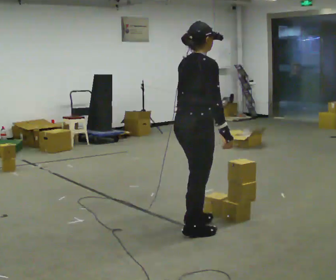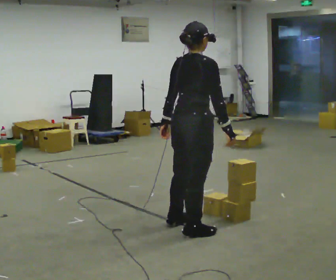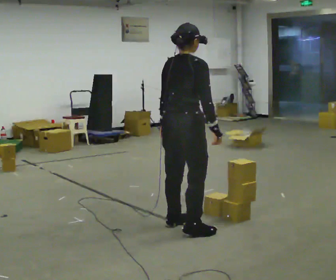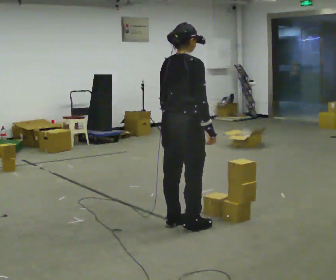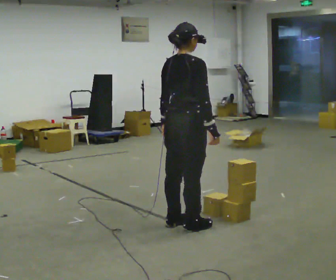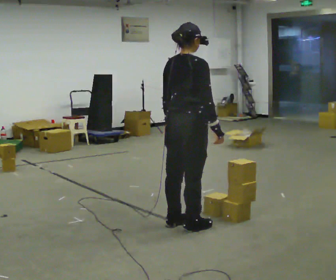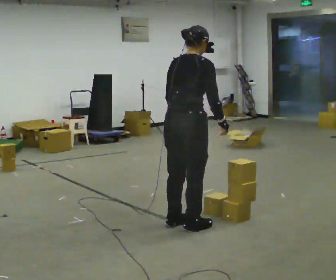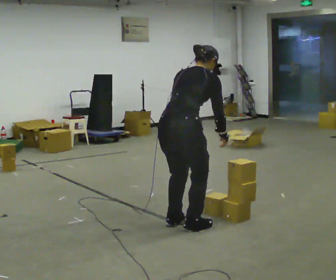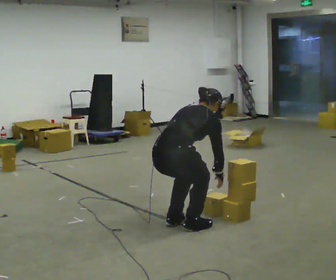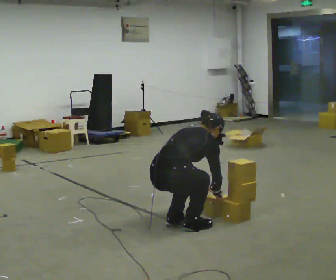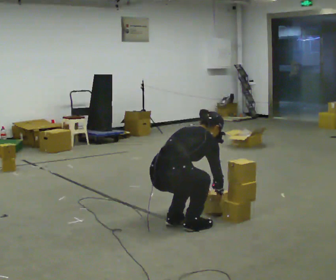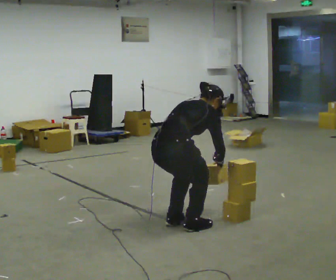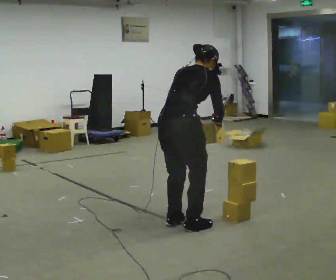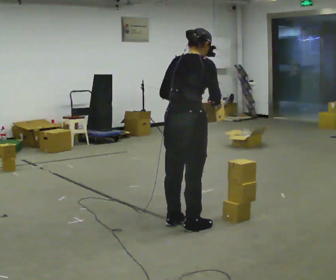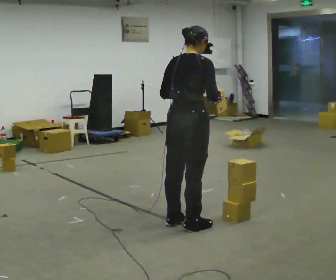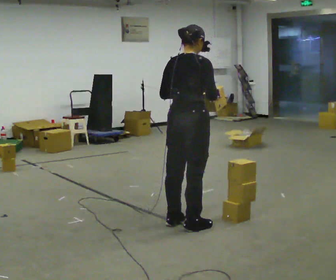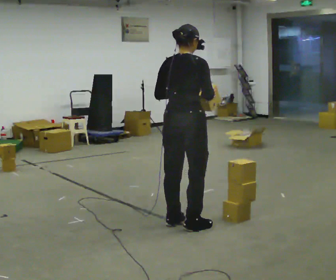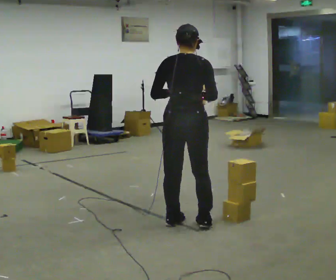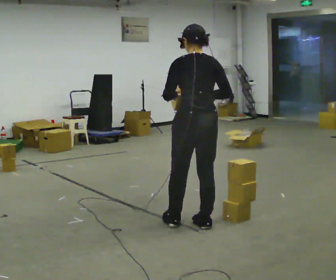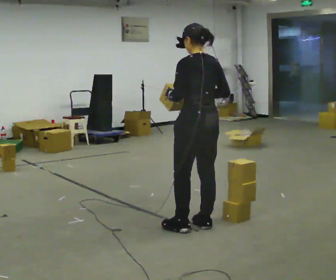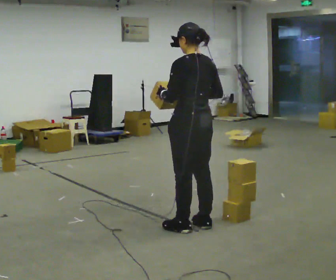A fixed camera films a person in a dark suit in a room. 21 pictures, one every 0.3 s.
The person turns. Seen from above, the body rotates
counterclockwise.
The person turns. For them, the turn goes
to their left.
0.0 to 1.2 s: The person moves a little, or ends about where they began.
1.2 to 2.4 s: The shoulders move downward. The upper body tips away from the camera, its near side rolling upward, as they bend forward. In the picture their right hand goes downward.
2.4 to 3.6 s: The shoulders move upward. The upper body tips toward the camera, its near side rolling downward, as they lean back or straighten. In the picture their left hand goes upward.
3.6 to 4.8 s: The person moves a little, or ends about where they began.
4.8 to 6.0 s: The person turns about 60 degrees to their left, counterclockwise seen from above, so the part of the body nearest the lens slides to the right.
The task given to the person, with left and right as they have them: Carry the box and, while you are still walking, turn it so you can read the label, read it out loud, then carry on. Repeat with the next box. Do not stop to read it.
The film runs forward here.
